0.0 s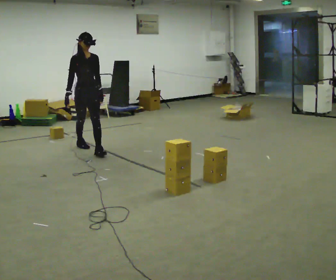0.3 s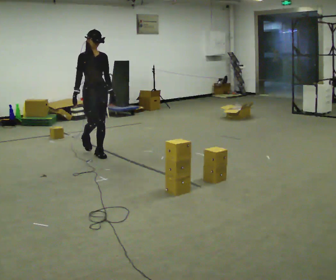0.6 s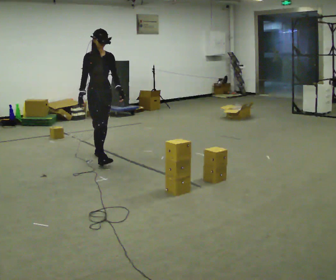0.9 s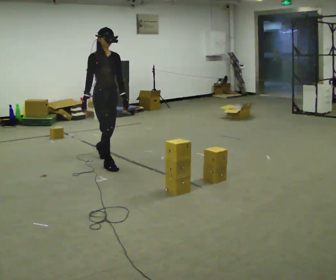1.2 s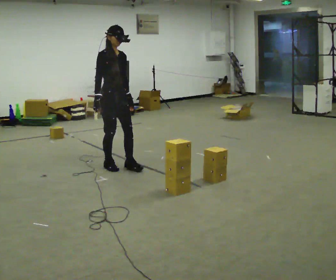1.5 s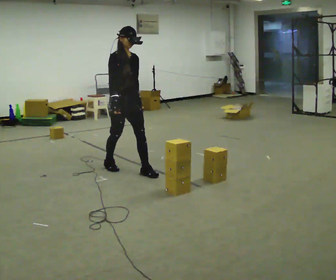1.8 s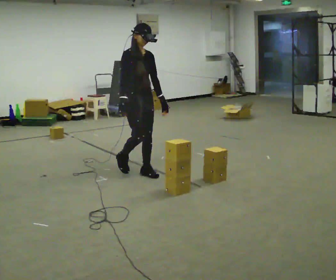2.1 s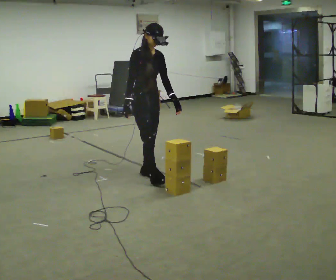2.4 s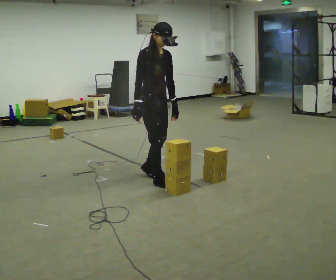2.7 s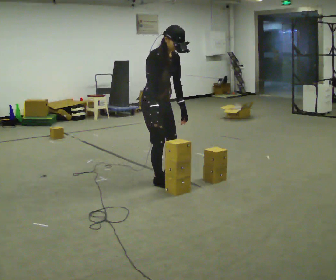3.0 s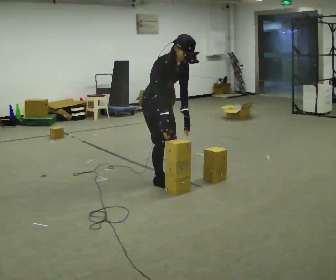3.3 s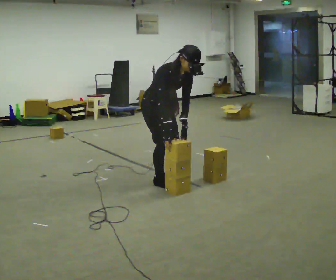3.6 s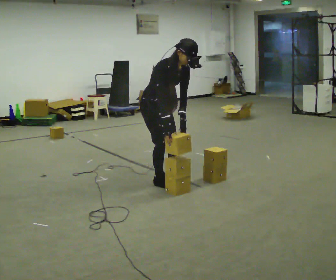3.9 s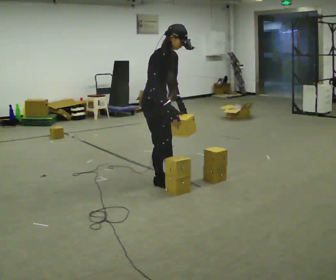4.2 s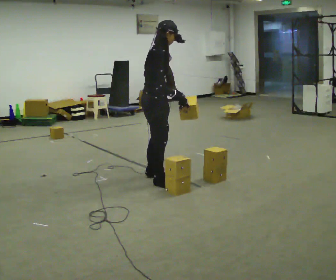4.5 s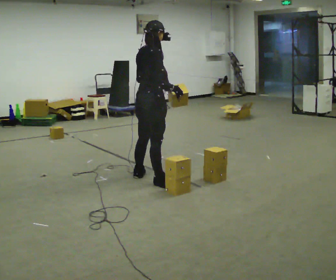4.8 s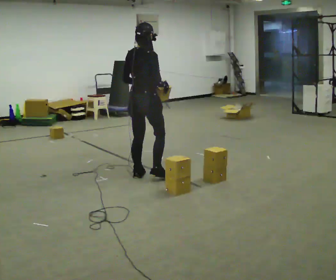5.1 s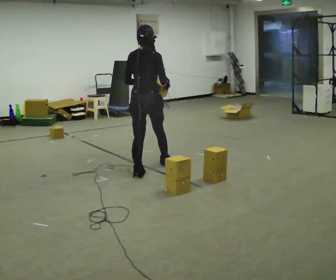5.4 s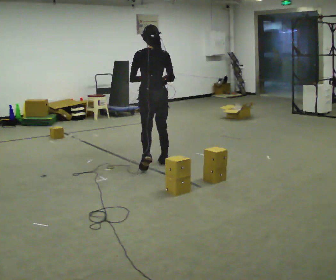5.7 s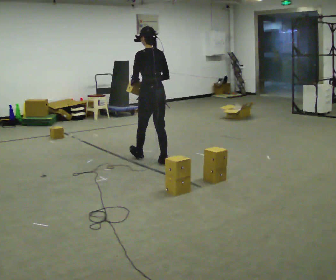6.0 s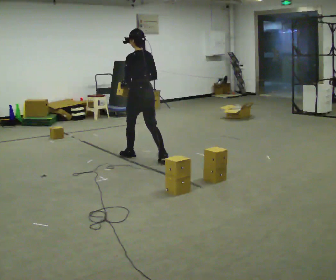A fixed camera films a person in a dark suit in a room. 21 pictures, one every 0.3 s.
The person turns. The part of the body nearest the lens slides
to the right.
The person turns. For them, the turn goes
to their left.
0.0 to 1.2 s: In the picture they go to the right and toward the camera, about 1 m in 1 step, which for them is forward.
1.2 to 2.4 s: In the picture they go to the right and toward the camera, about 0.5 m in 2 steps, which for them is forward.
2.4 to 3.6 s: The person moves a little, or ends about where they began.
3.6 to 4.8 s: The person turns about 90 degrees to their left, counterclockwise seen from above, so the part of the body nearest the lens slides to the right. In the picture they go to the left, about 0.25 m in 1 step. In the picture the upper body tilts counterclockwise, shoulders to the left, as they lean back or straighten.
4.8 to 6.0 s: The part of the body nearest the lens slides to the right as the person turns to their left by about 75 degrees. In the picture they go away from the camera, about 0.75 m in 2 steps.
The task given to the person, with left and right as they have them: Carry the box straight from one end of the room to the other, set it down, then bring it back. Keep going until the operator says stop; one object at a time, and do not rush between trips.
The film runs forward here.
